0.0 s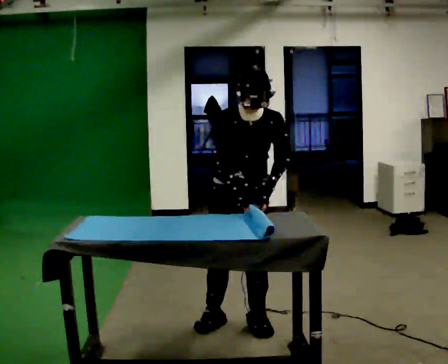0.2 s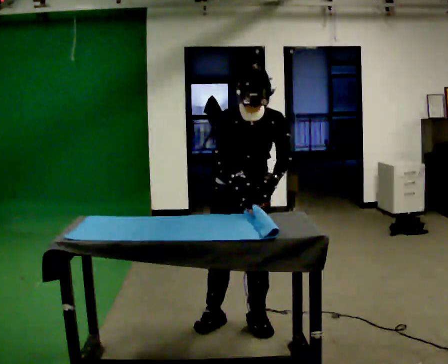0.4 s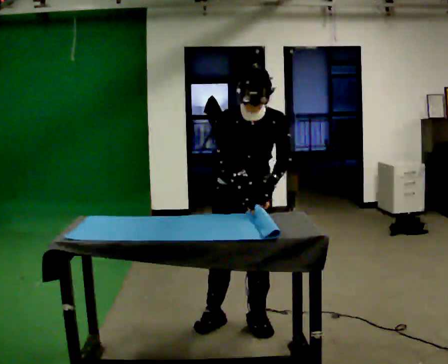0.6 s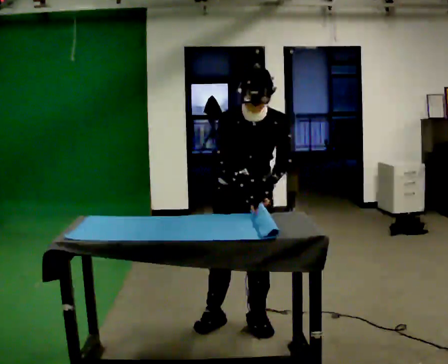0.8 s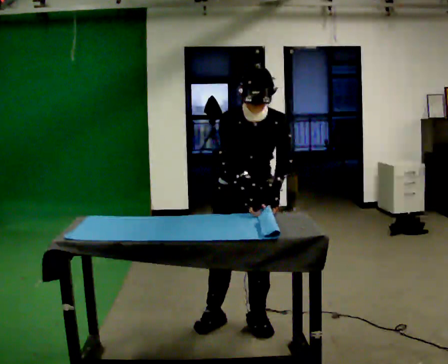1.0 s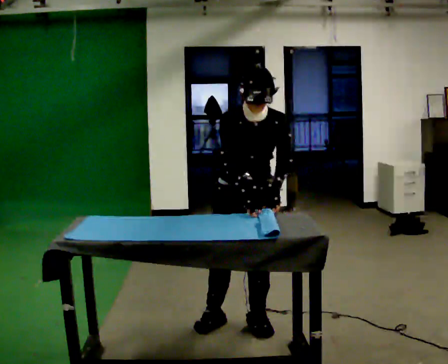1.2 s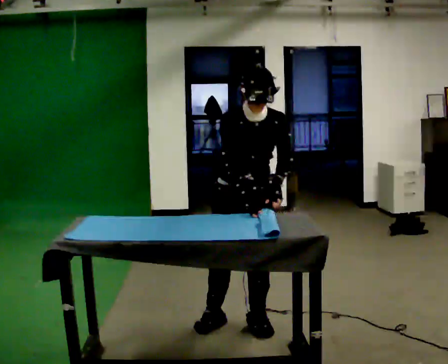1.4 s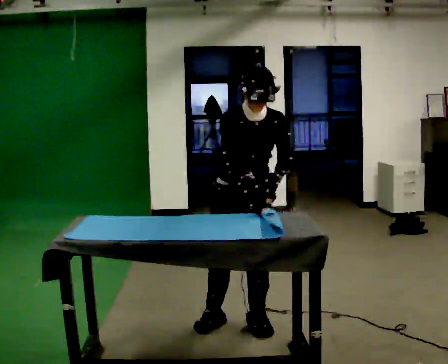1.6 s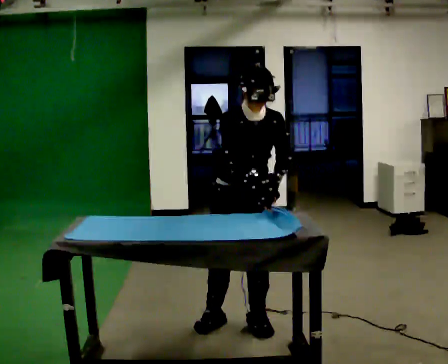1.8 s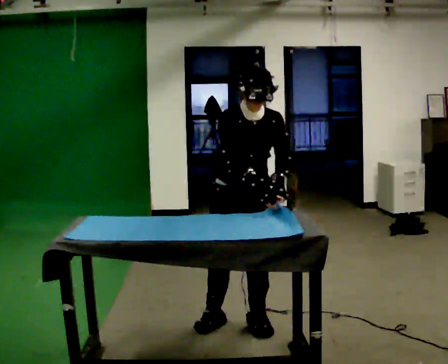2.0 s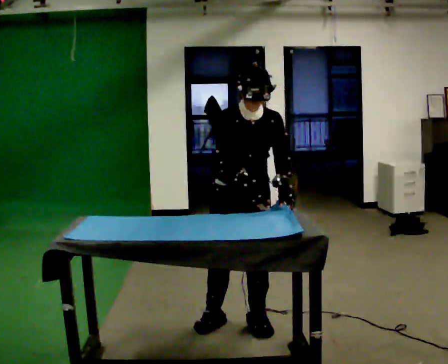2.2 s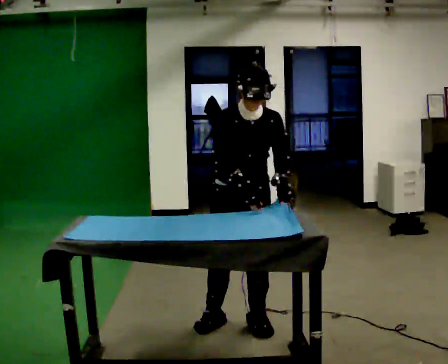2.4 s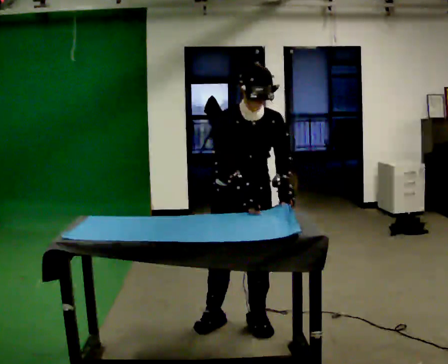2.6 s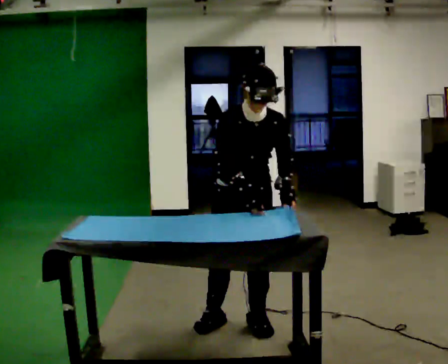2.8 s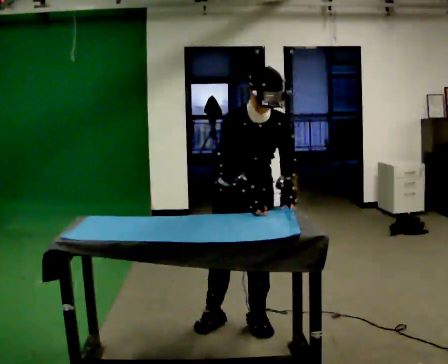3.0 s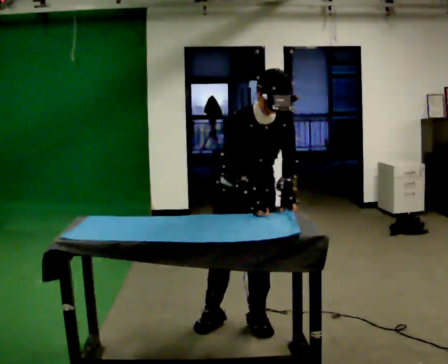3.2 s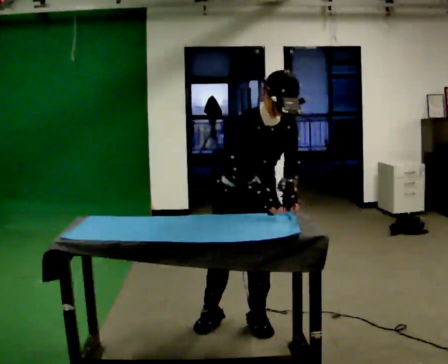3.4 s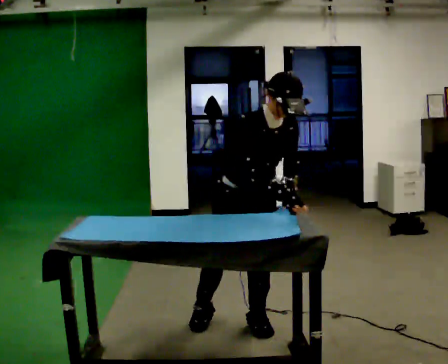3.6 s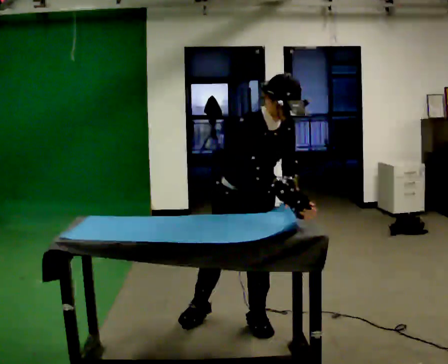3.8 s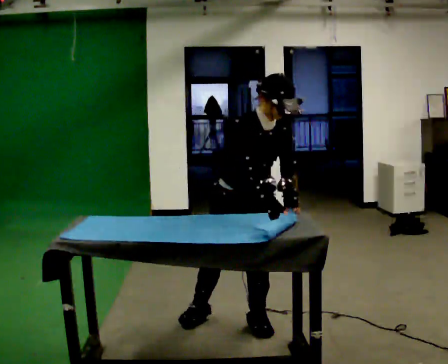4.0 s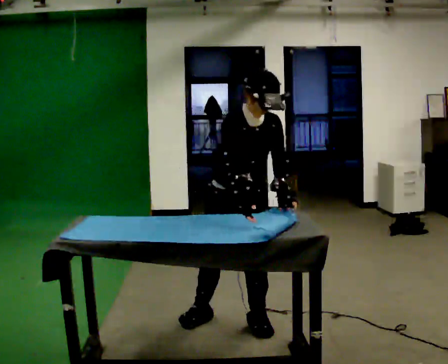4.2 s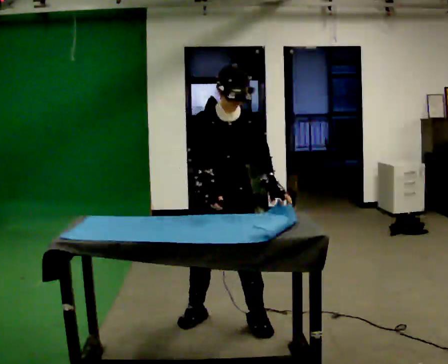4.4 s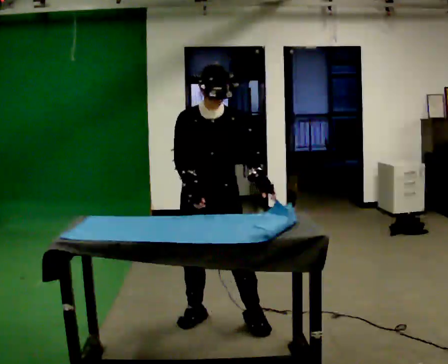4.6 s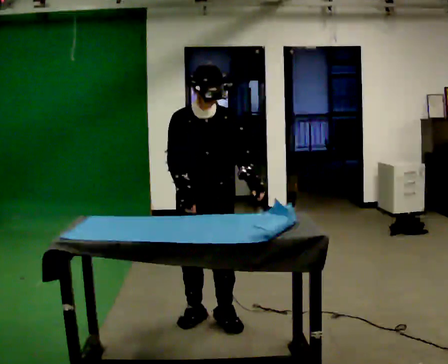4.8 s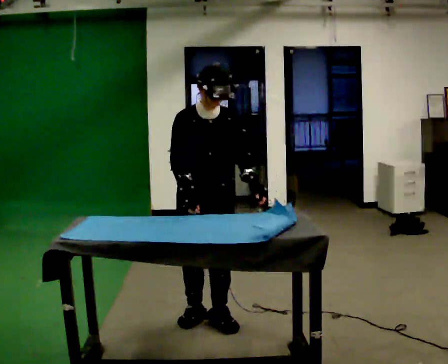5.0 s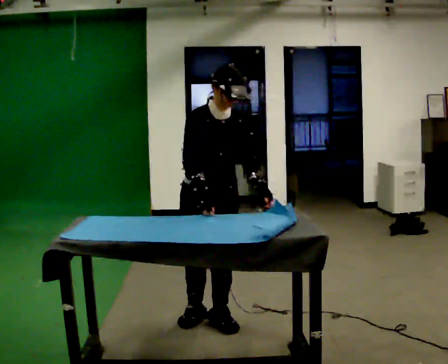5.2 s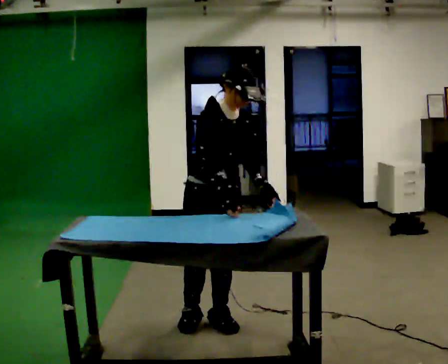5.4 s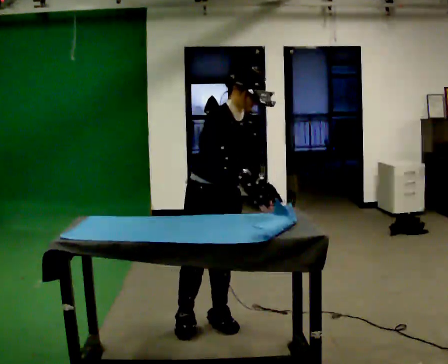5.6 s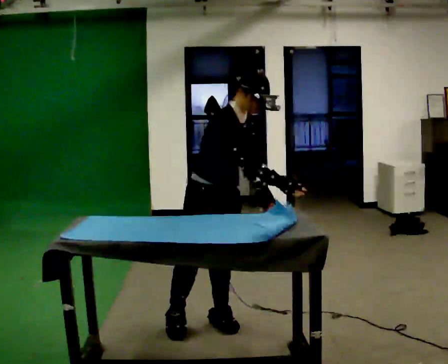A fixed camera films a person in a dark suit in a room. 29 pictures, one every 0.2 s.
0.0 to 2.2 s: The person moves a little, or ends about where they began.
2.2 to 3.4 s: In the picture the upper body tilts clockwise, shoulders to the right, as they bend forward.
3.4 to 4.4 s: In the picture they go to the left, about 0.25 m in 1 step, which for them is backward and to their right. In the picture the upper body tilts counterclockwise, shoulders to the left, as they lean back or straighten.
4.4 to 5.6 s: The part of the body nearest the lens slides to the right as the person turns to their left by about 45 degrees. In the picture the upper body tilts clockwise, shoulders to the right, as they bend forward.
The film runs backward here.
